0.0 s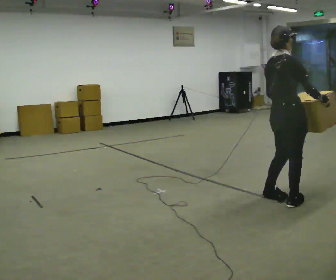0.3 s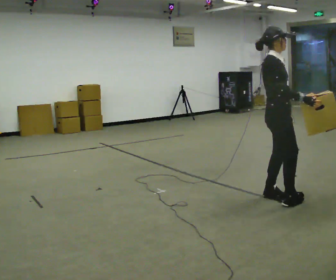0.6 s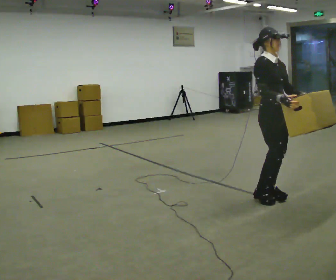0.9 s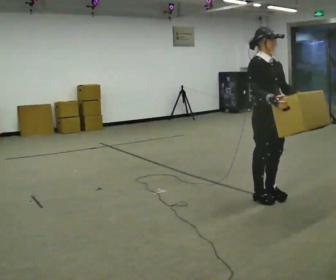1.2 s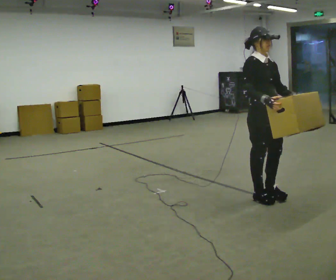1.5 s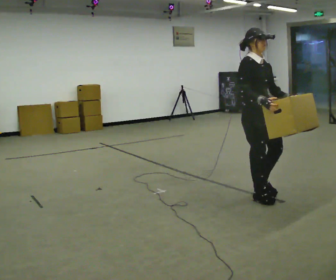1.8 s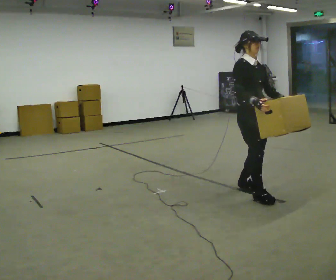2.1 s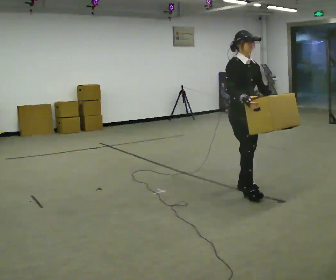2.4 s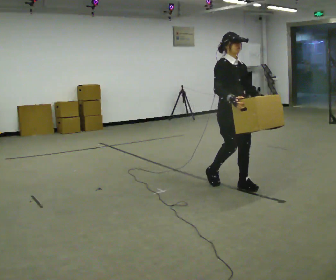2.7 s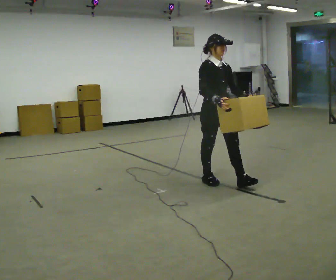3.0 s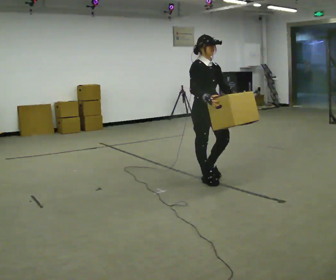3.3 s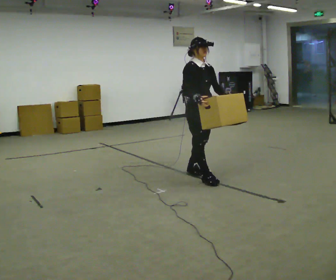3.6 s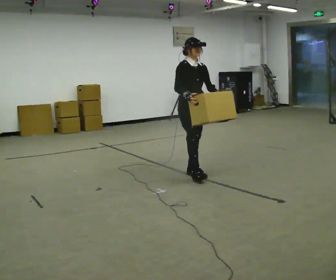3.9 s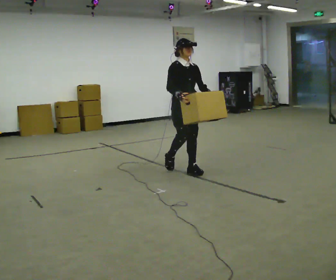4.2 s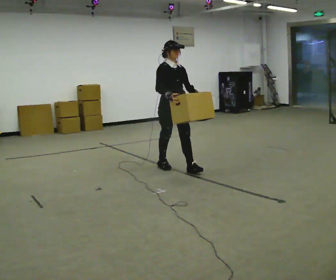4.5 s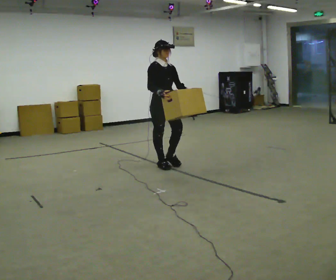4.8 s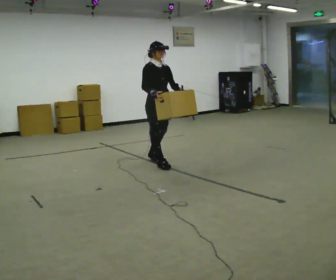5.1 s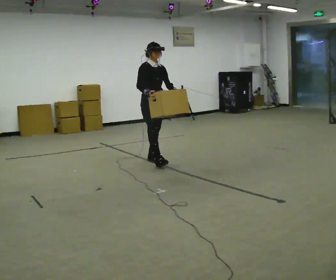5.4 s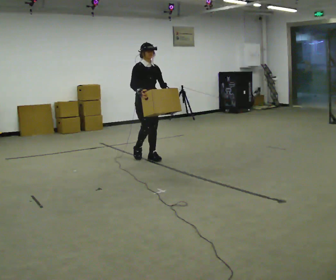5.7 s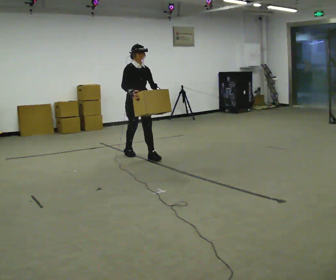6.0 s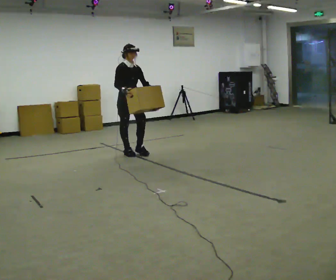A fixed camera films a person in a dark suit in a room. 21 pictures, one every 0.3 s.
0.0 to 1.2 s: Seen from above the body turns clockwise, about 75 degrees: to their right, with its near side sliding to the left. In the picture they go away from the camera and to the left, about 0.25 m in 1 step. In the picture their right hand goes to the left.
1.2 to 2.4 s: In the picture they go away from the camera and to the left, about 0.5 m in 2 steps, which for them is backward.
2.4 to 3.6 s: In the picture they go away from the camera and to the left, about 0.75 m in 2 steps, which for them is backward.
3.6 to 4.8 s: In the picture they go to the left and away from the camera, about 0.75 m in 1 step, which for them is backward.
4.8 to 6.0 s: In the picture they go away from the camera and to the left, about 0.5 m in 2 steps, which for them is backward.
The film runs backward here.
